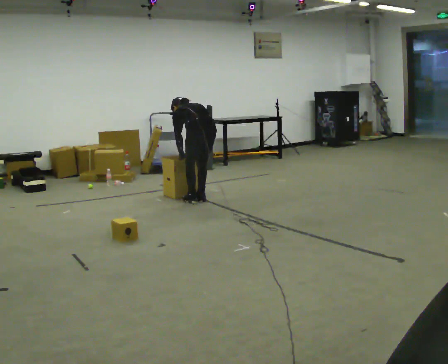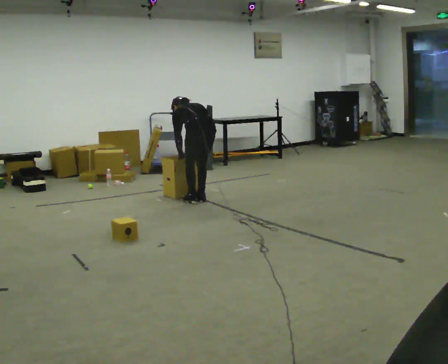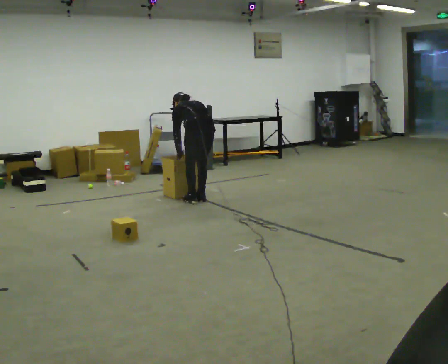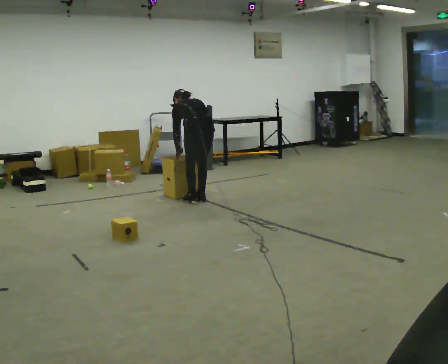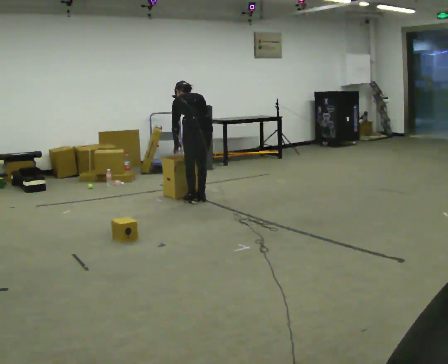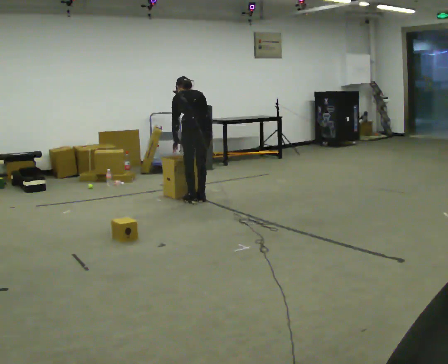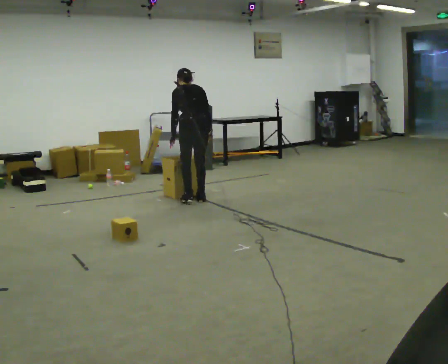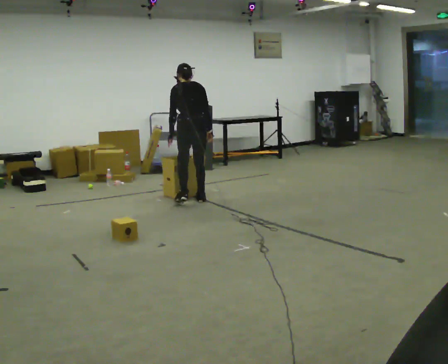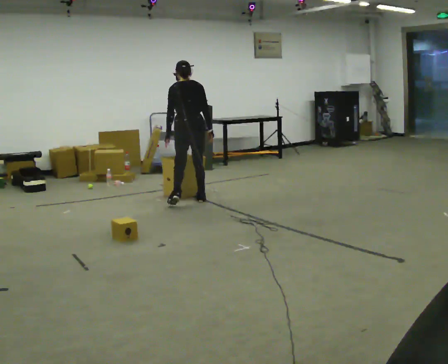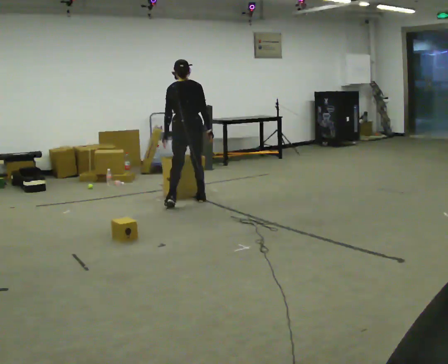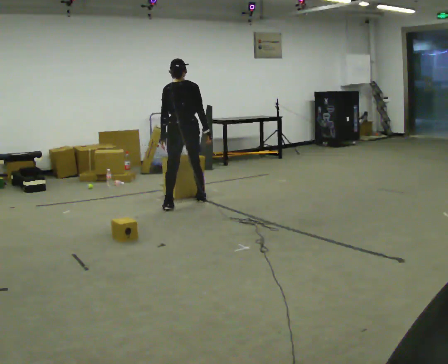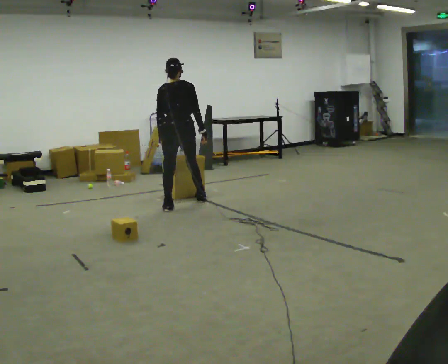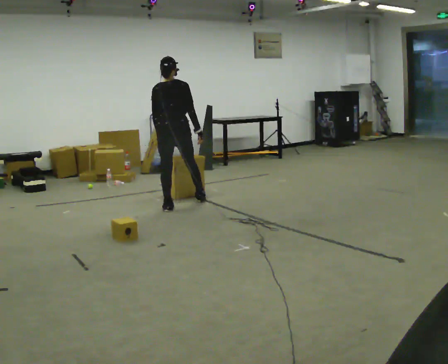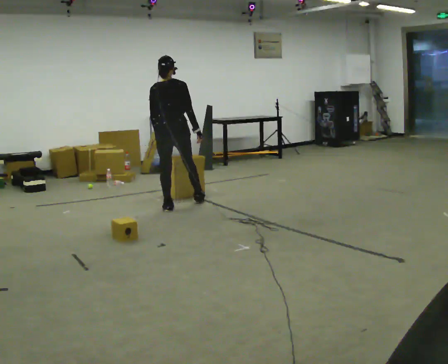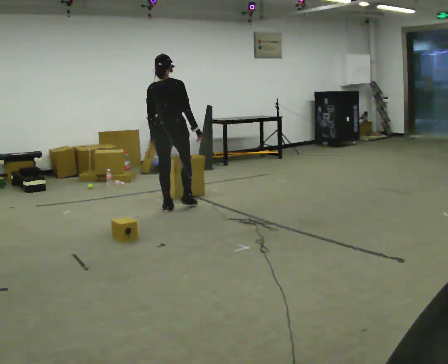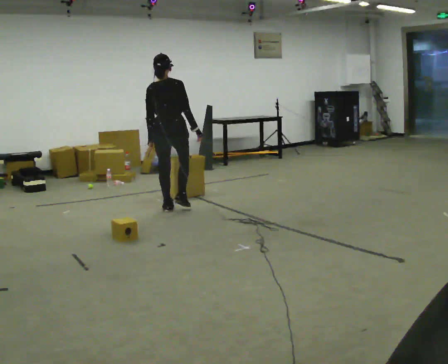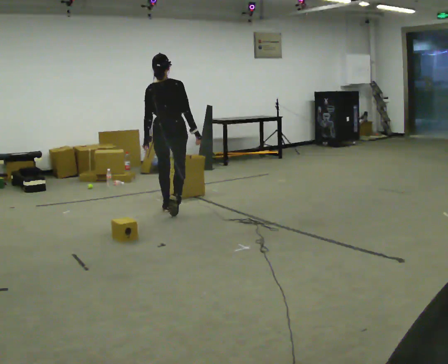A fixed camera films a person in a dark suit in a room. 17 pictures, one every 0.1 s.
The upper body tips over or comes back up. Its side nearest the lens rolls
downward.
The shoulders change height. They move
upward.
0.0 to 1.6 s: The person turns about 30 degrees to their right, clockwise seen from above, so the part of the body nearest the lens slides to the left. In the picture they go to the left and toward the camera, about 0.5 m in 2 steps, which for them is to their left and backward. The upper body goes upward. The upper body tips toward the camera, its near side rolling downward, as they lean back or straighten. In the picture their right hand goes upward.
The film runs backward here.
